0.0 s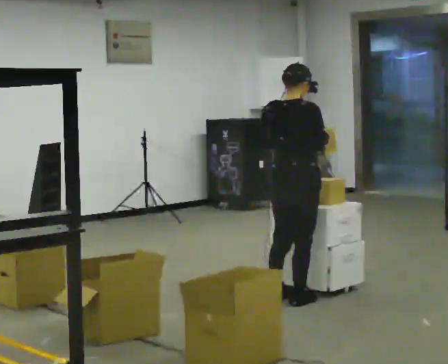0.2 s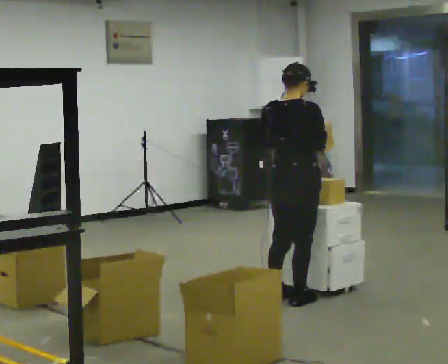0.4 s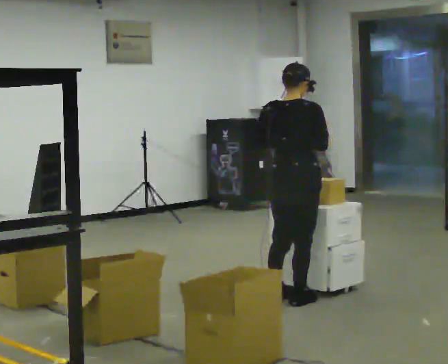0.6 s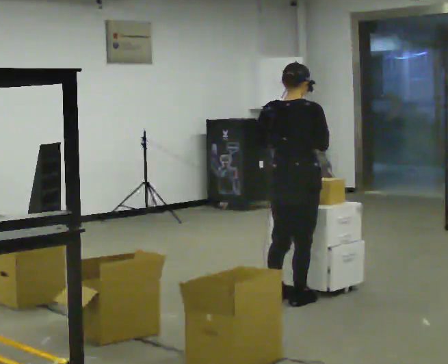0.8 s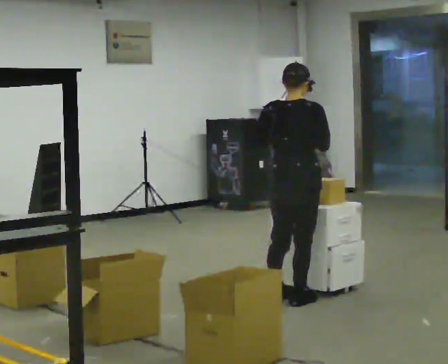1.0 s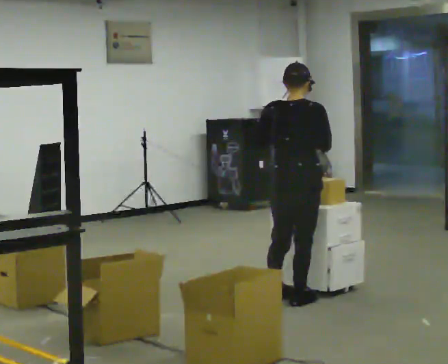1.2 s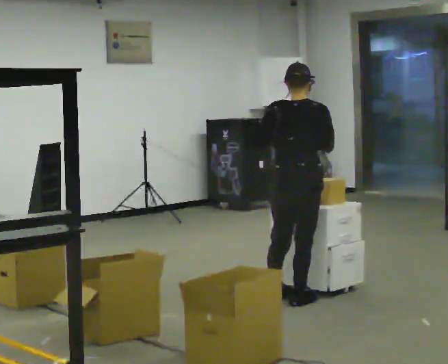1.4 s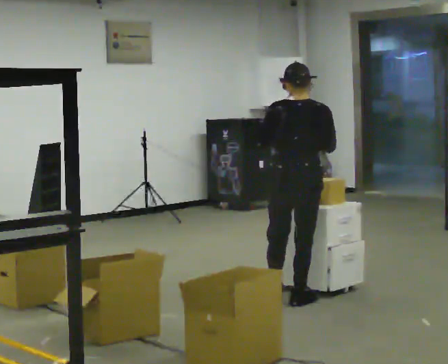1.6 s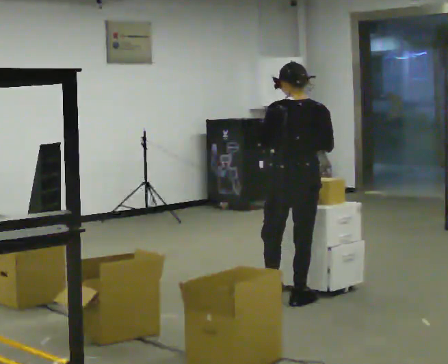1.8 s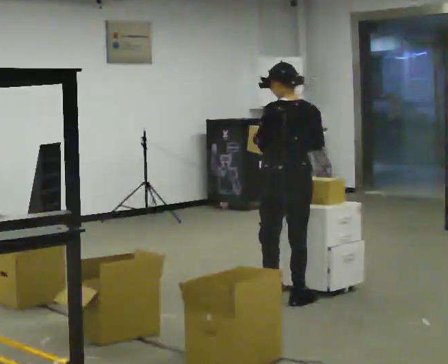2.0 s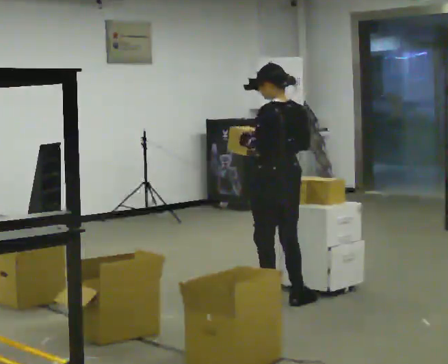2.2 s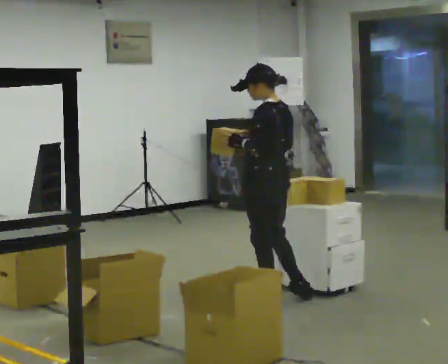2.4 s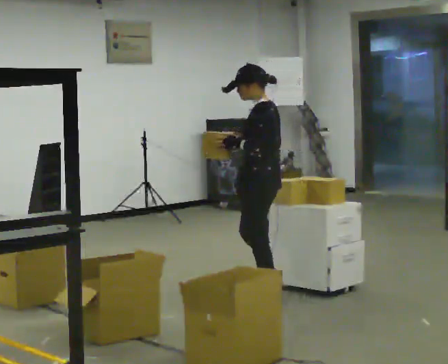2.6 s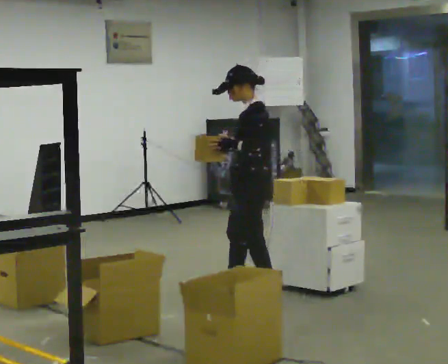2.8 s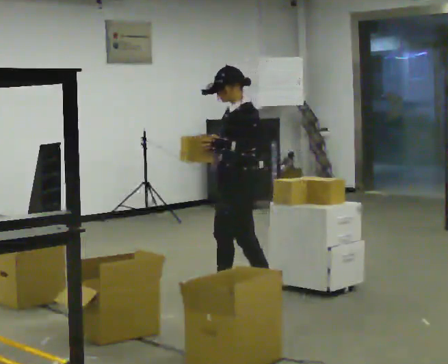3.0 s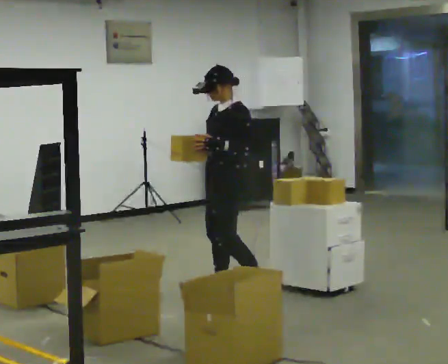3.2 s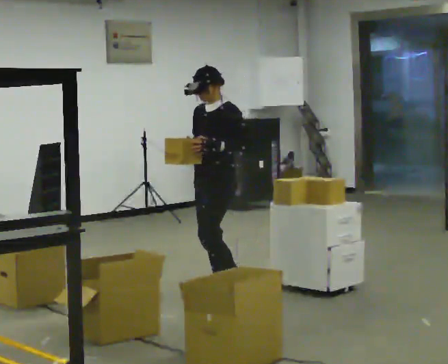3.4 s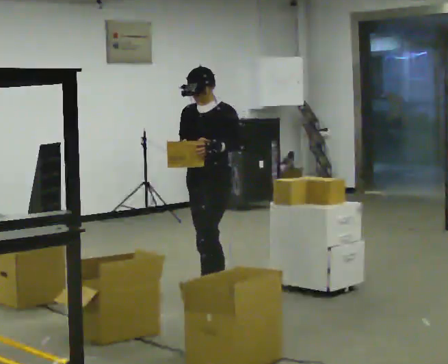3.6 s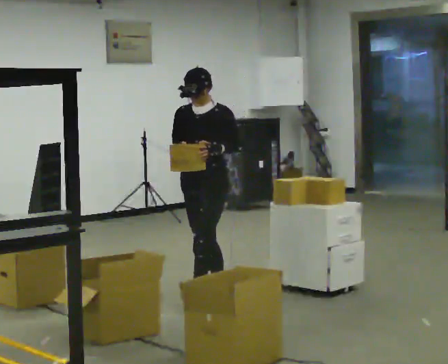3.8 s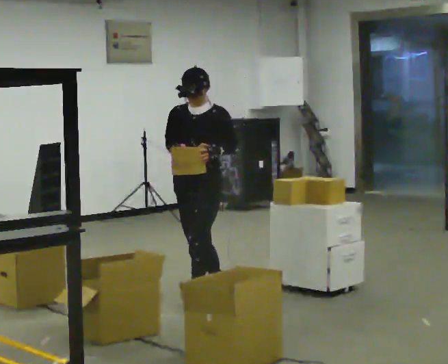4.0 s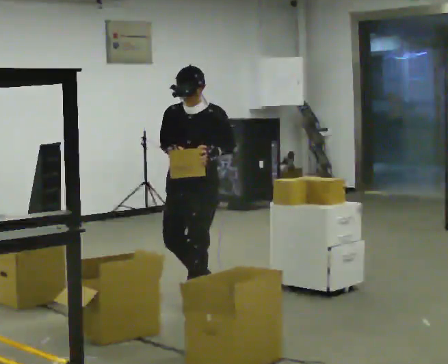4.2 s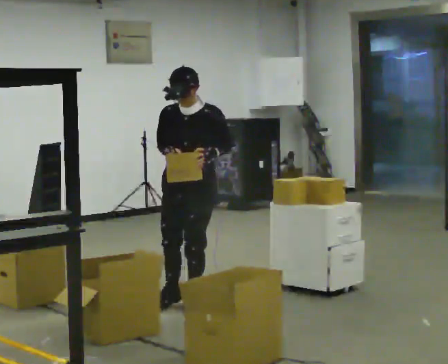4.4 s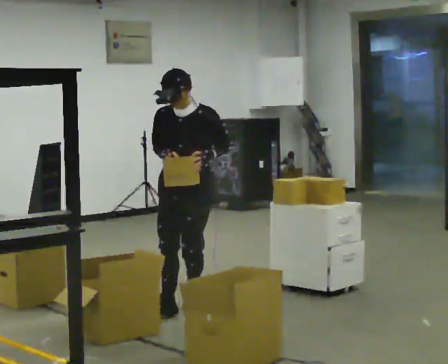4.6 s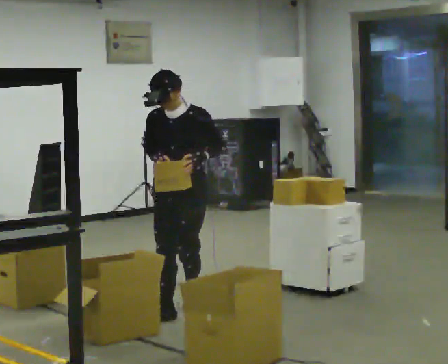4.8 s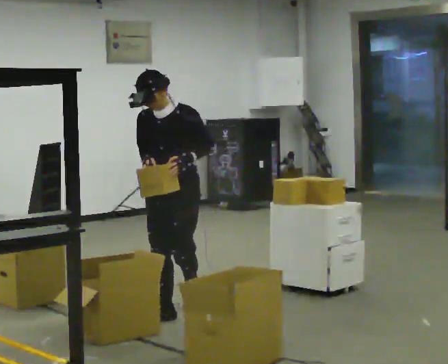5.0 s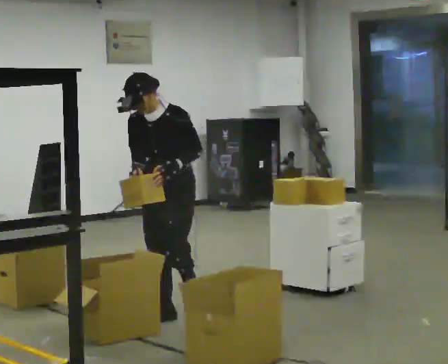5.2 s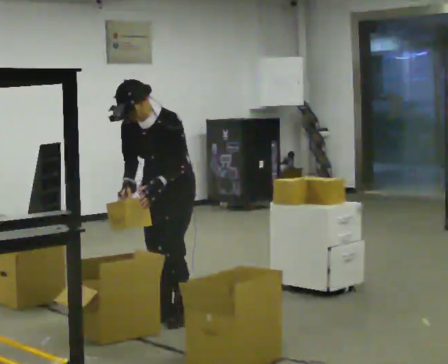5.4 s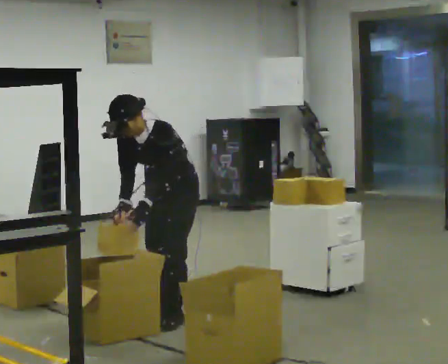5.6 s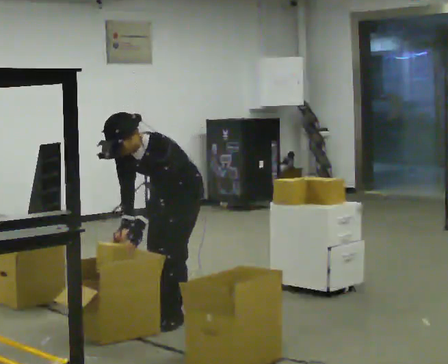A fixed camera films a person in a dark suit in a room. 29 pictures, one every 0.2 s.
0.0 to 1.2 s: The person moves a little, or ends about where they began.
1.2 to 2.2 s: The part of the body nearest the lens slides to the right as the person turns to their left by about 75 degrees.
2.2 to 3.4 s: Seen from above the body turns counterclockwise, about 90 degrees: to their left, with its near side sliding to the right. In the picture they go to the left and away from the camera, about 0.5 m in 1 step.
3.4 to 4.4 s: In the picture they go toward the camera, about 0.25 m in 1 step, which for them is forward.
4.4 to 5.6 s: In the picture they go toward the camera, about 0.25 m in 2 steps, which for them is forward. The shoulders move downward. The upper body tips toward the camera, its near side rolling downward, as they bend forward. In the picture their left hand goes downward.
The film runs forward here.
